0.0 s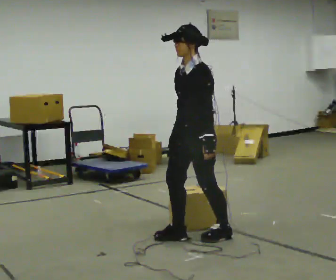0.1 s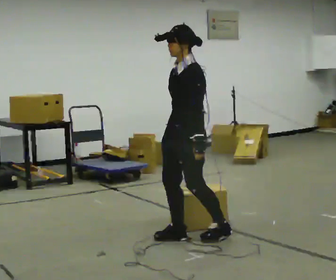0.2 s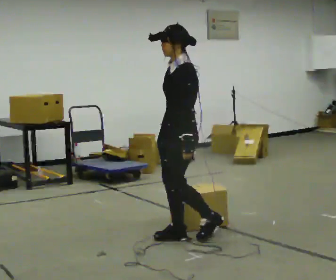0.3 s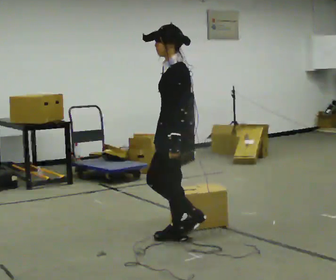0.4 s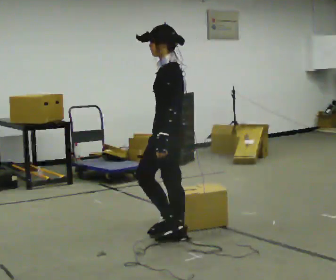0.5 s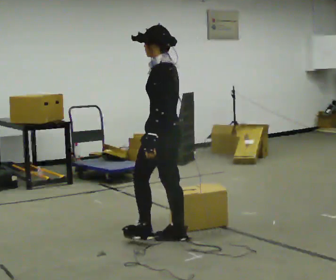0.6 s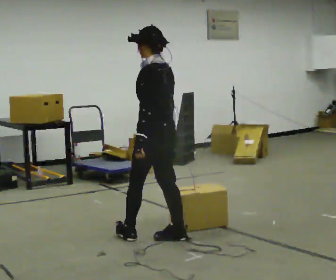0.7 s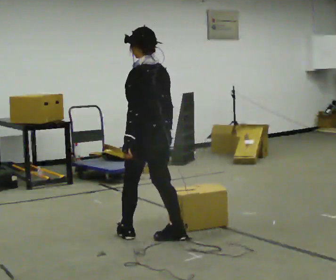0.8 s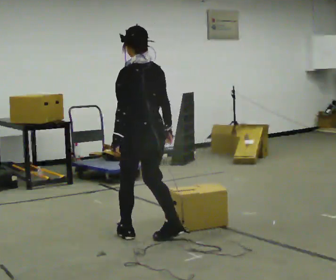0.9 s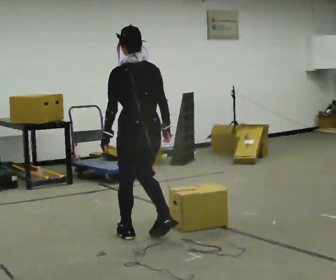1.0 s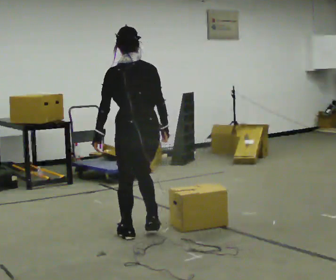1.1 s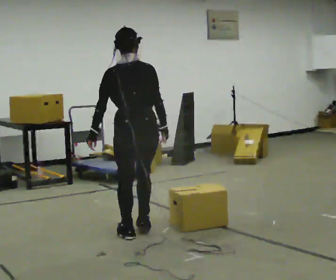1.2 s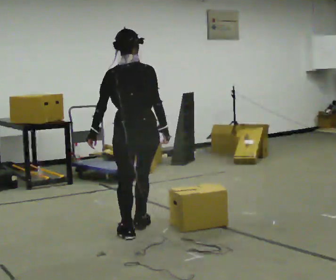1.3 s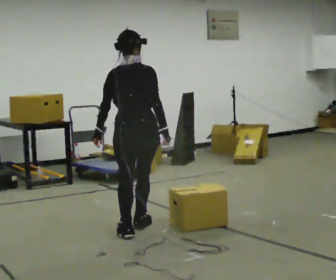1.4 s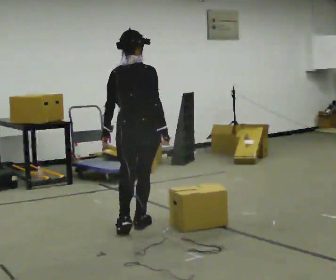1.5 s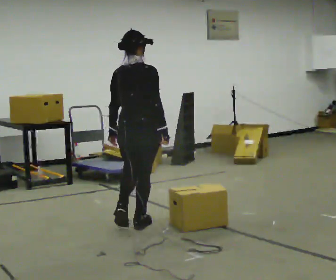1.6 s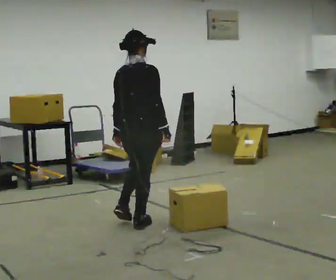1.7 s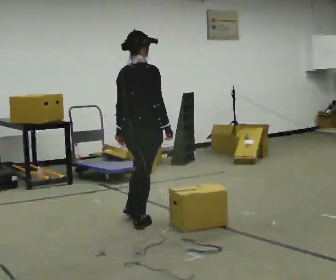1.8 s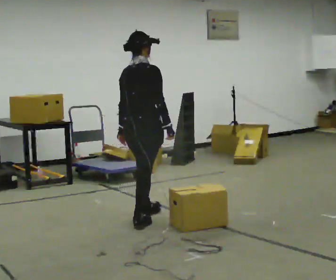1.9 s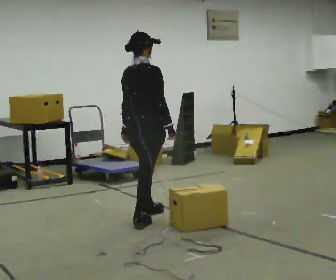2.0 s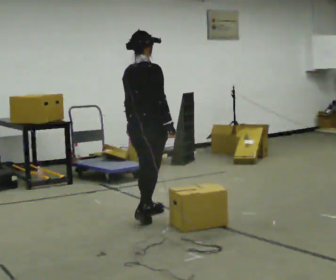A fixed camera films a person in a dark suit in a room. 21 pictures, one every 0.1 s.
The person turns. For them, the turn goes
to their right.
The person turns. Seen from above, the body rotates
clockwise.
0.0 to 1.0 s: The part of the body nearest the lens slides to the left as the person turns to their right by about 105 degrees. In the picture they go to the left, about 0.5 m in 1 step.
1.0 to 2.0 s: Seen from above the body turns clockwise, about 60 degrees: to their right, with its near side sliding to the left. In the picture they go away from the camera, about 0.5 m in 2 steps, which for them is forward.
The film runs forward here.
